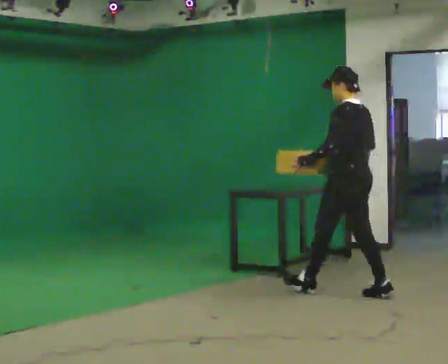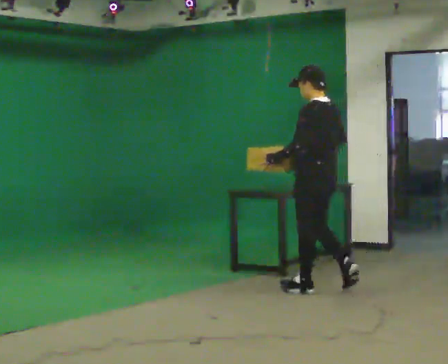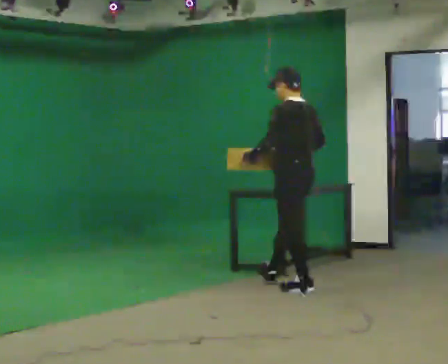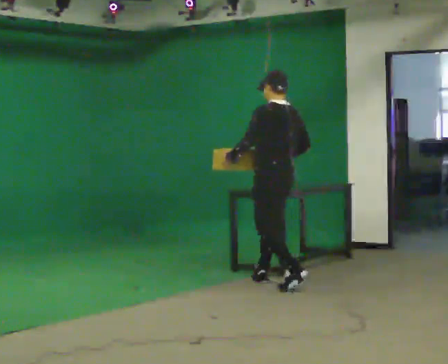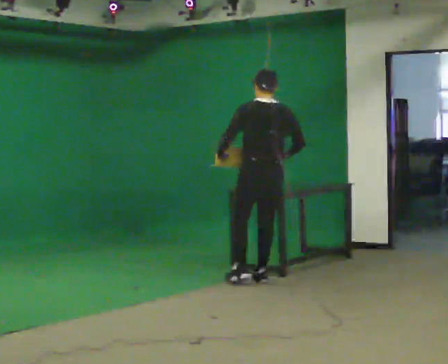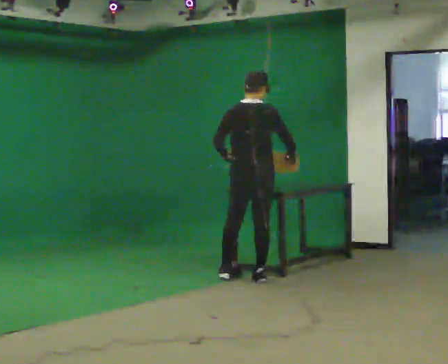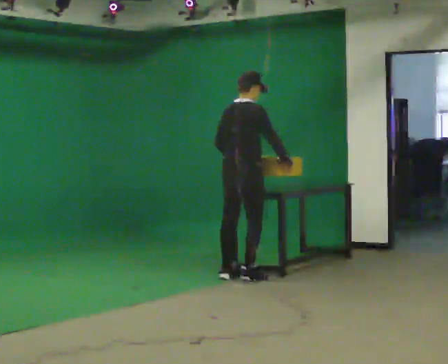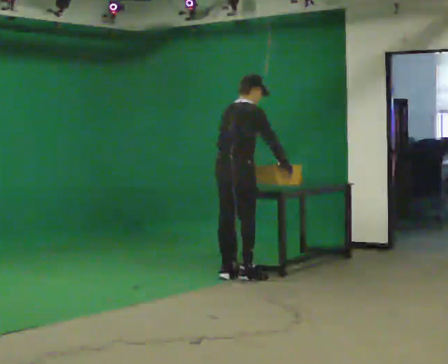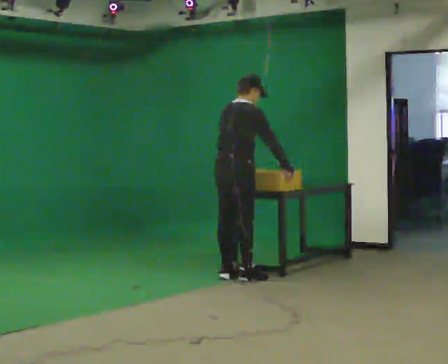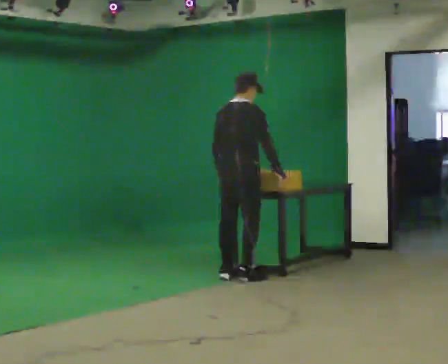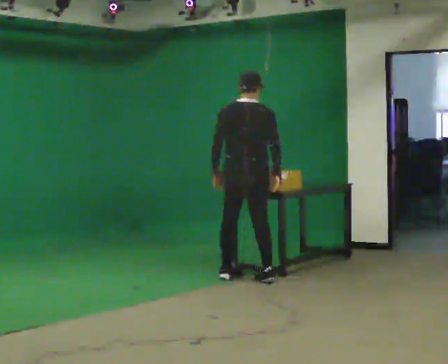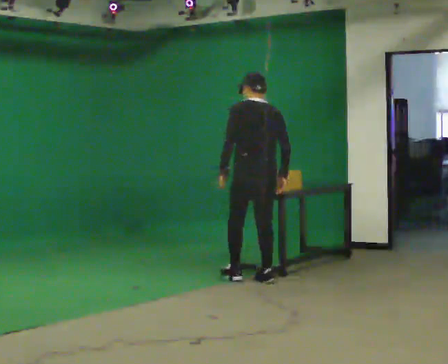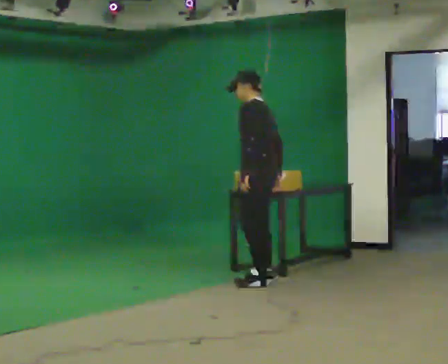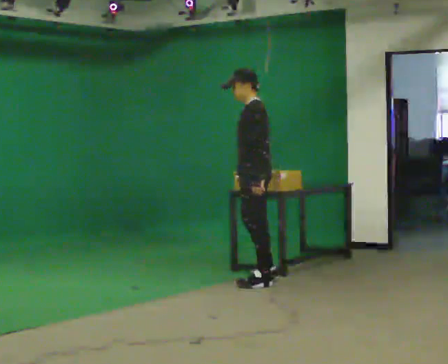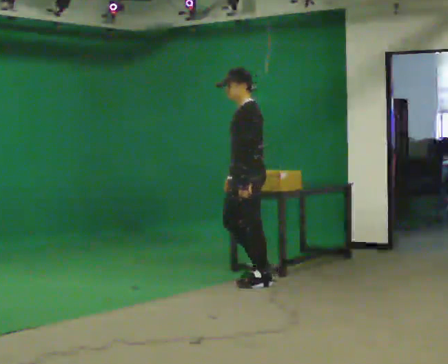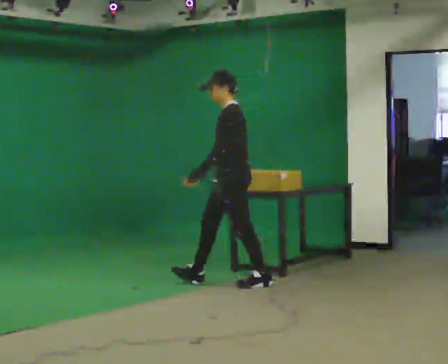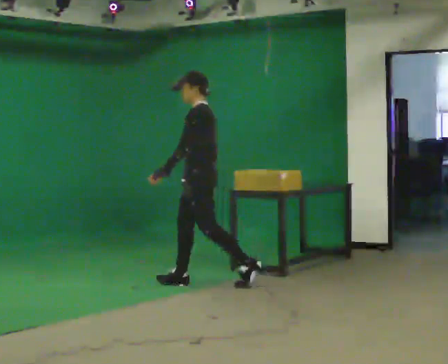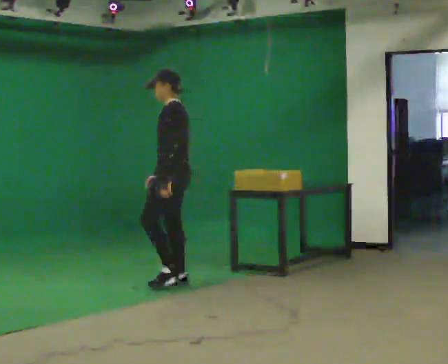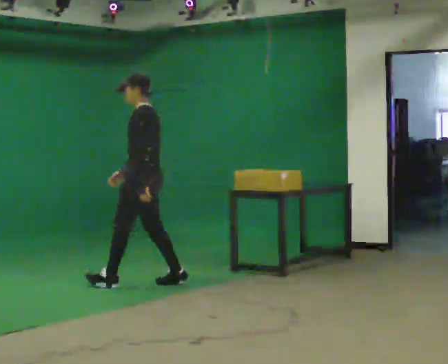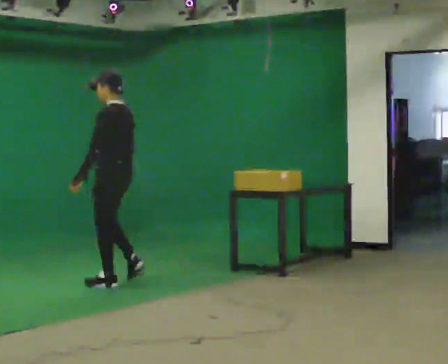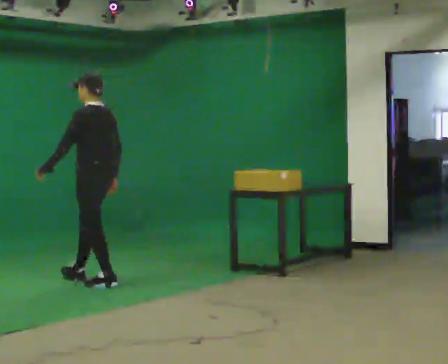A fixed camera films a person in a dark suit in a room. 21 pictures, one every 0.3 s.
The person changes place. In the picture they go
to the left.
0.0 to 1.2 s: Seen from above the body turns clockwise, about 30 degrees: to their right, with its near side sliding to the left. In the picture they go to the left and away from the camera, about 1 m in 1 step, which for them is forward.
1.2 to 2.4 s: The person turns about 60 degrees to their right, clockwise seen from above, so the part of the body nearest the lens slides to the left. In the picture they go to the left, about 0.25 m in 2 steps.
2.4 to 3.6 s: The person turns about 120 degrees to their left, counterclockwise seen from above, so the part of the body nearest the lens slides to the right. In the picture they go to the right, about 0.25 m in 2 steps. In the picture the upper body tilts counterclockwise, shoulders to the left.
3.6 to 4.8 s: In the picture they go to the left, about 0.5 m in 1 step, which for them is forward.
4.8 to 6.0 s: The part of the body nearest the lens slides to the left as the person turns to their right by about 30 degrees. In the picture they go to the left, about 1 m in 2 steps, which for them is forward.
The film runs forward here.
